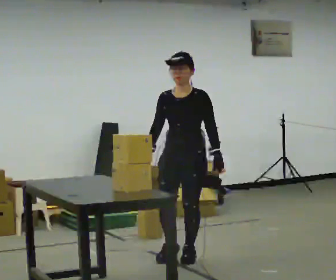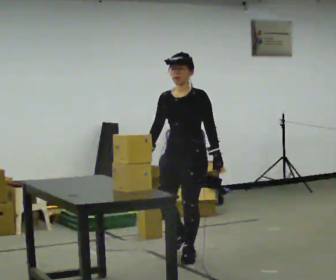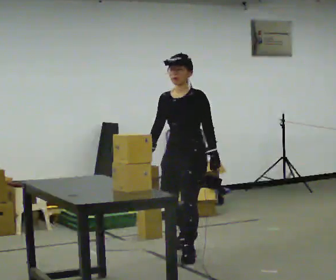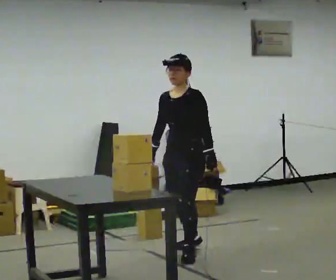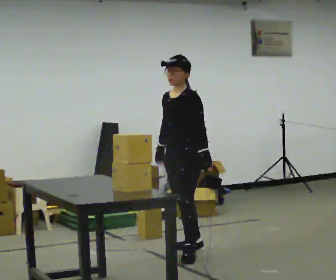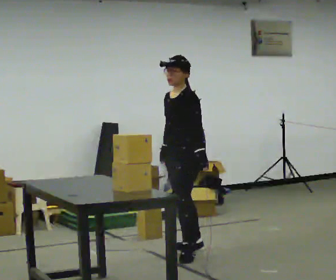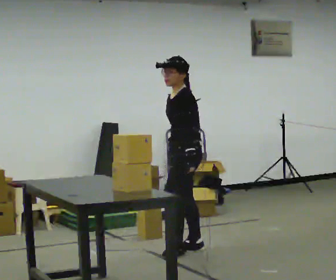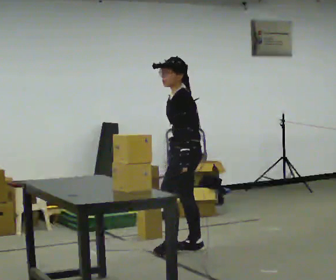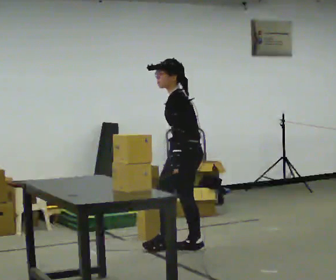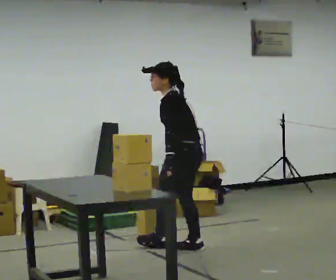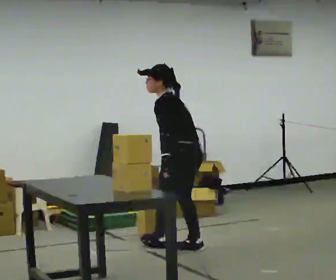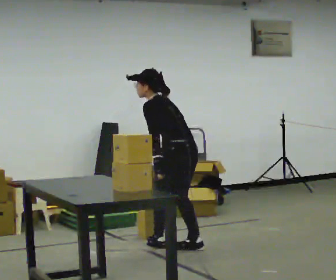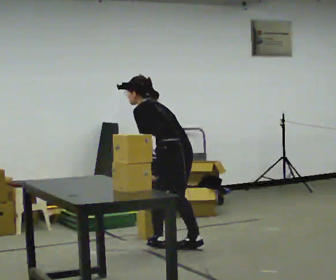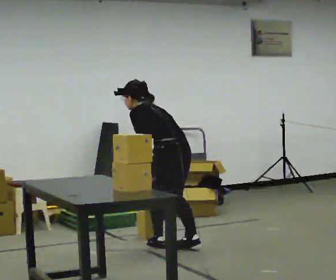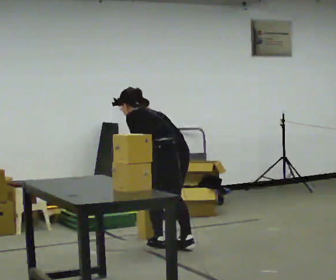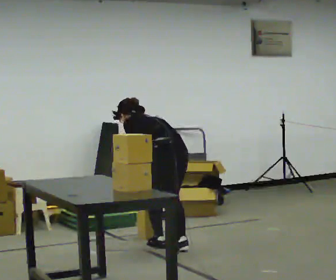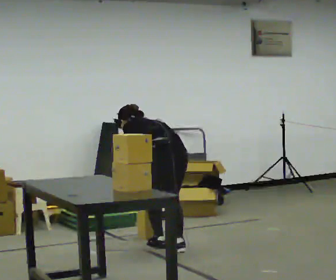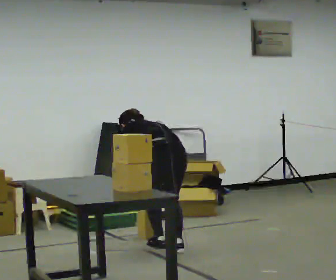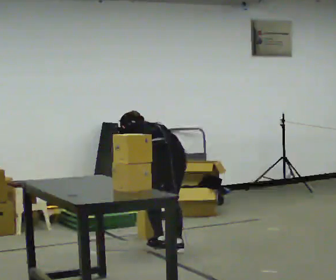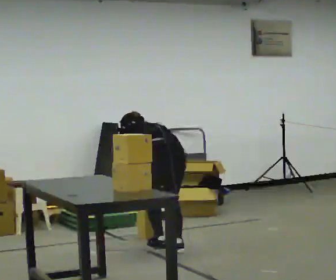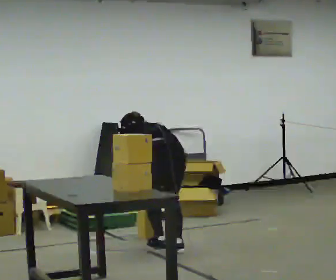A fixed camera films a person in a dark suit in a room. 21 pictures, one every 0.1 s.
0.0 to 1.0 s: The person turns about 105 degrees to their right, clockwise seen from above, so the part of the body nearest the lens slides to the left. In the picture they go away from the camera, about 0.25 m in 1 step. In the picture the upper body tilts counterclockwise, shoulders to the left, as they bend forward.
1.0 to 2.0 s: The person turns about 30 degrees to their right, clockwise seen from above, so the part of the body nearest the lens slides to the left. In the picture they go to the left, about 0.25 m in 1 step. The upper body goes downward. The upper body tips away from the camera, its near side rolling upward, as they bend forward.
The film runs backward here.
